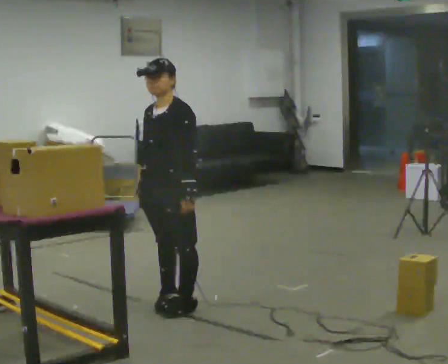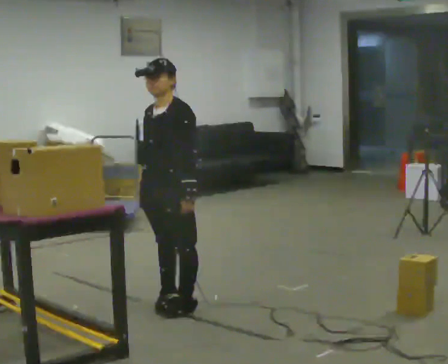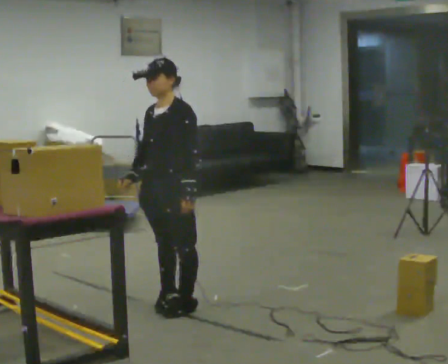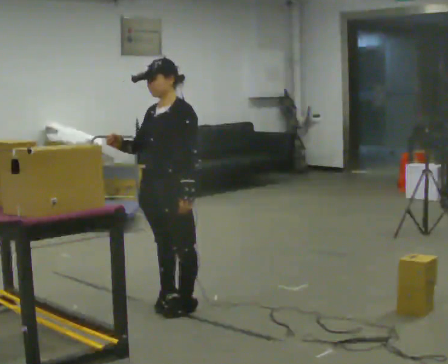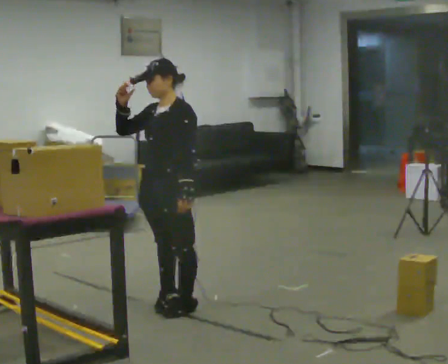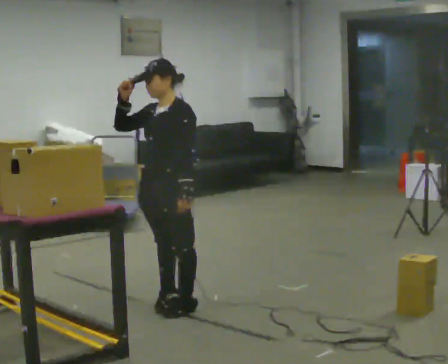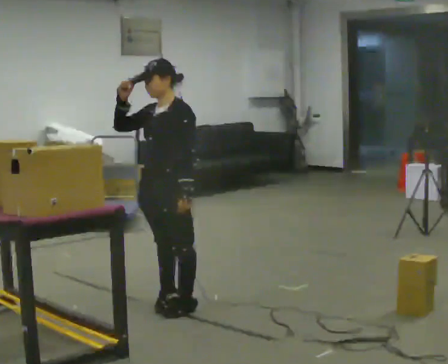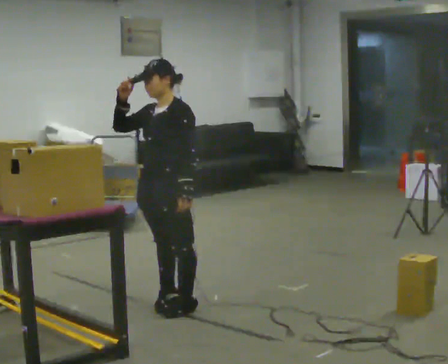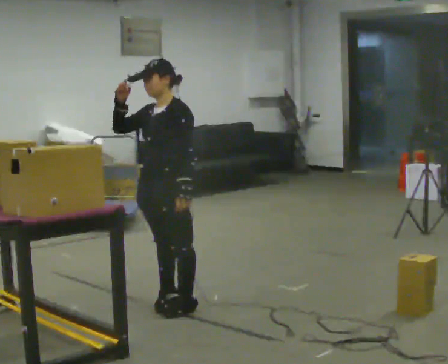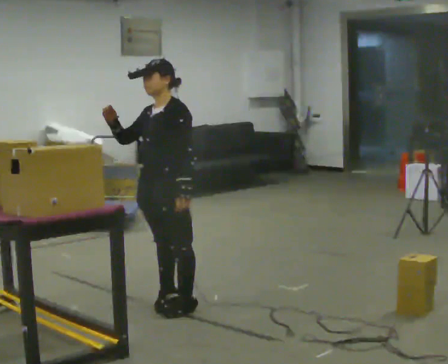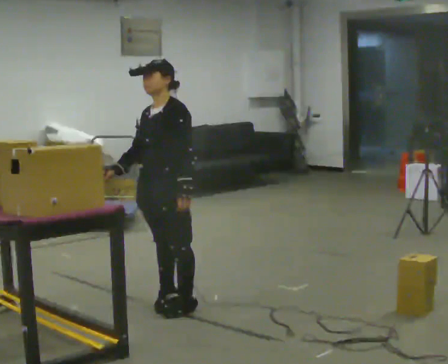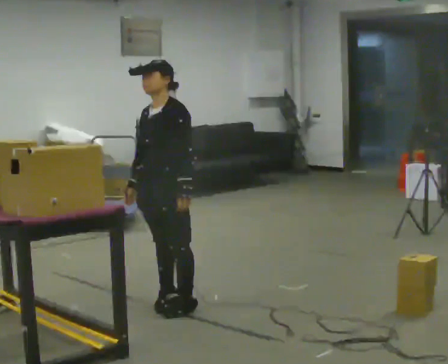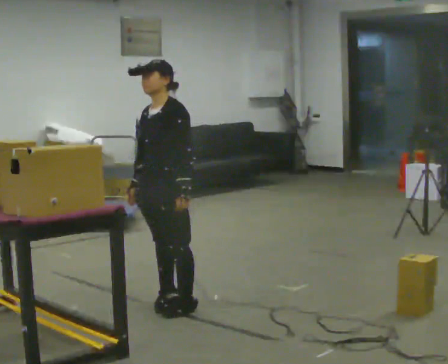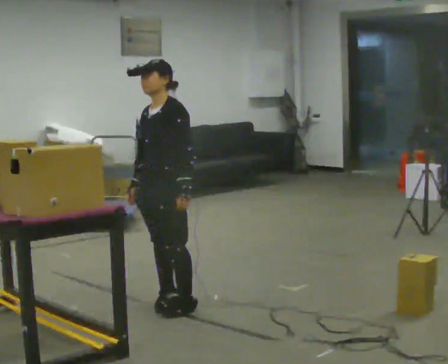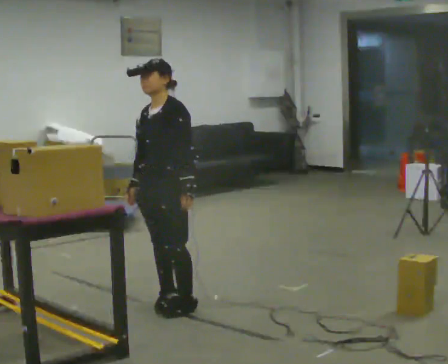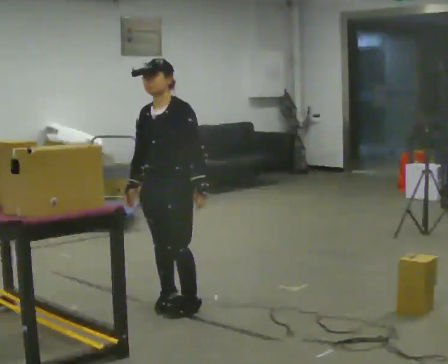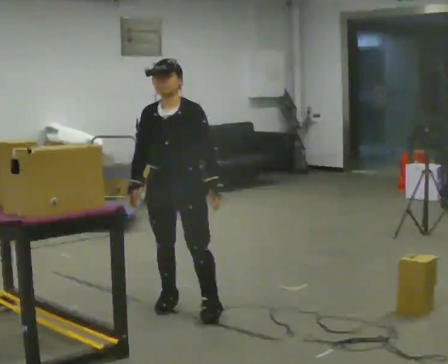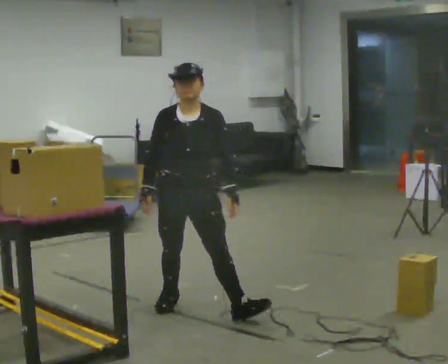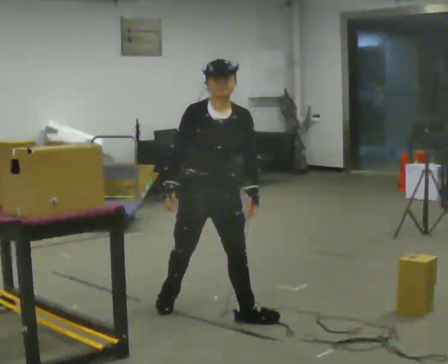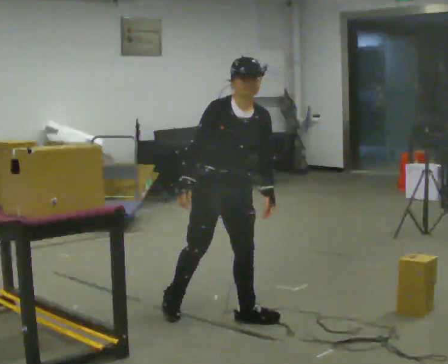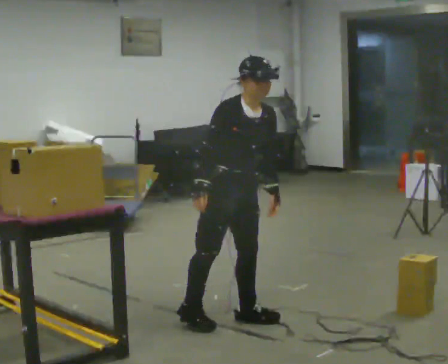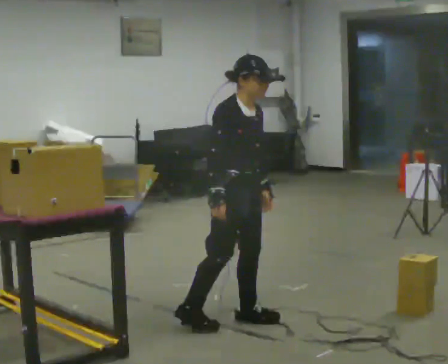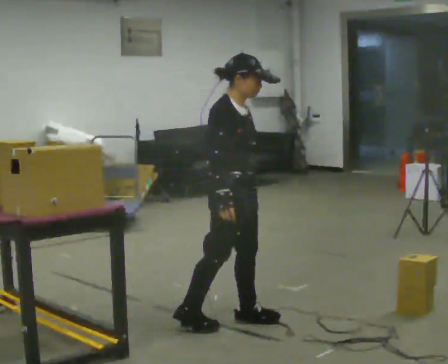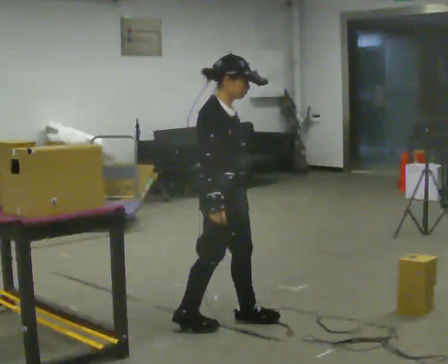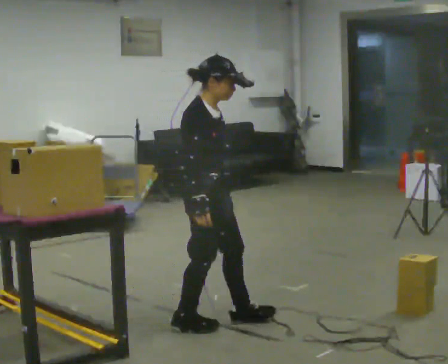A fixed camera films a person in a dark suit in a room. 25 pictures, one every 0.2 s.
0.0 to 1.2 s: In the picture their right hand goes upward.
1.2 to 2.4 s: In the picture their right hand goes downward.
2.4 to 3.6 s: The person turns about 60 degrees to their left, counterclockwise seen from above, so the part of the body nearest the lens slides to the right. In the picture they go toward the camera and to the right, about 0.25 m in 2 steps, which for them is to their left.
3.6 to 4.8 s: The part of the body nearest the lens slides to the right as the person turns to their left by about 75 degrees. In the picture they go toward the camera, about 0.25 m in 1 step.
The film runs backward here.
